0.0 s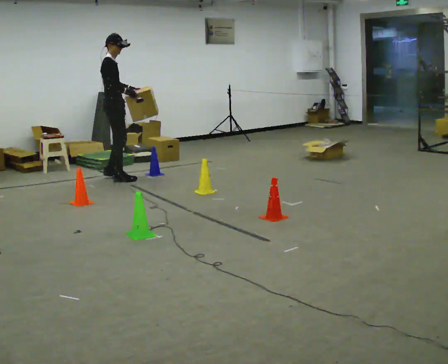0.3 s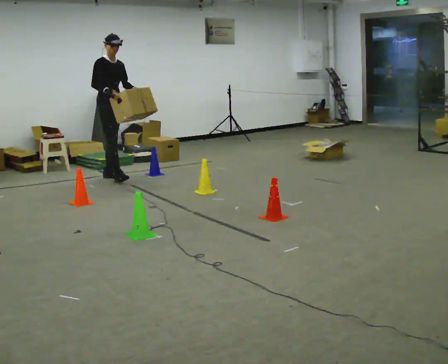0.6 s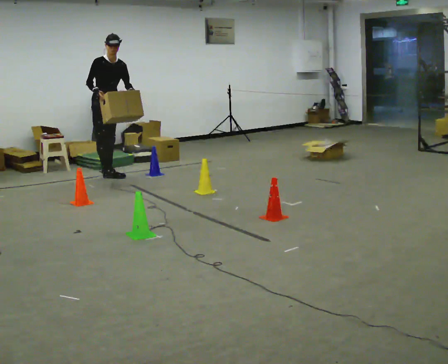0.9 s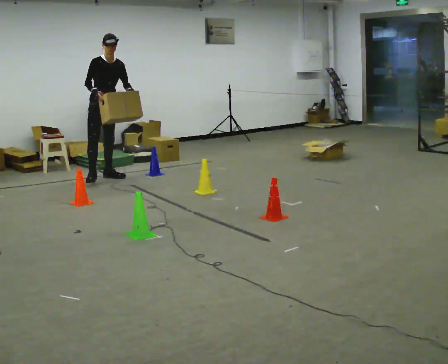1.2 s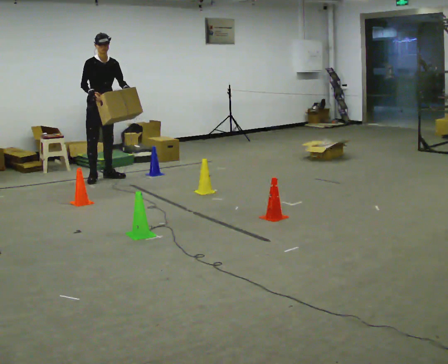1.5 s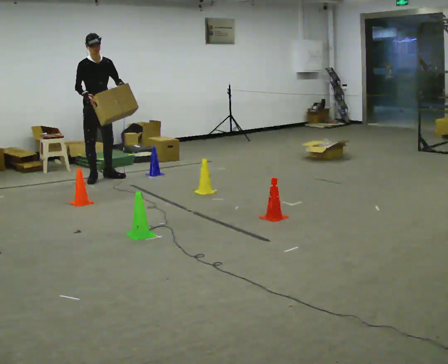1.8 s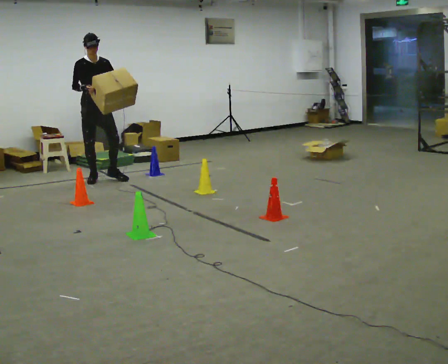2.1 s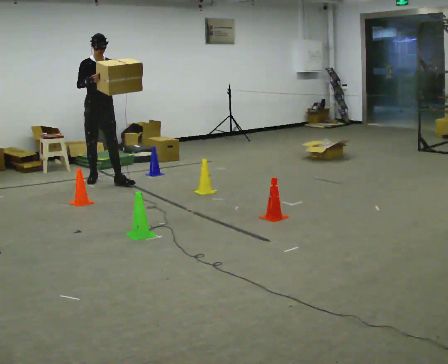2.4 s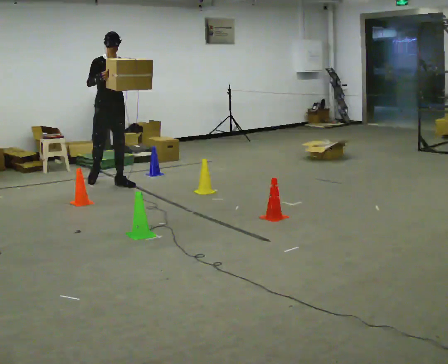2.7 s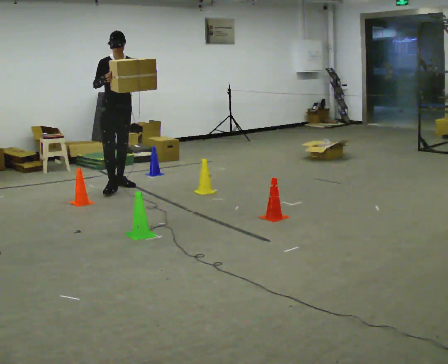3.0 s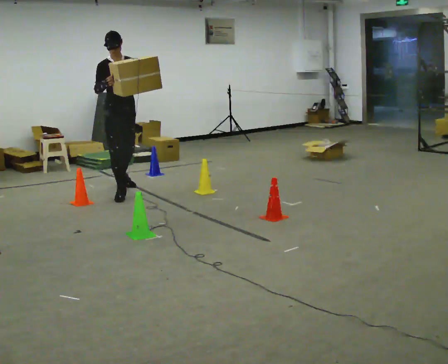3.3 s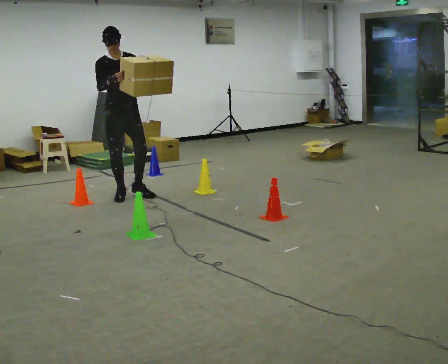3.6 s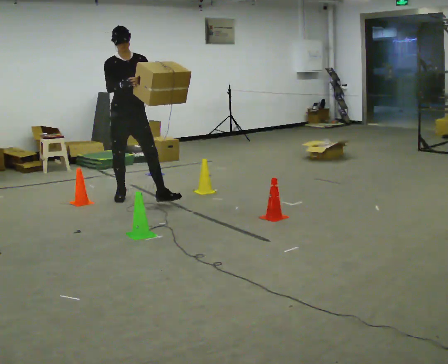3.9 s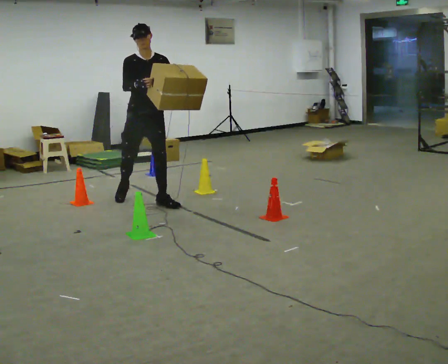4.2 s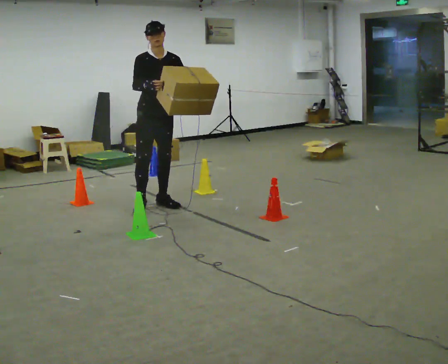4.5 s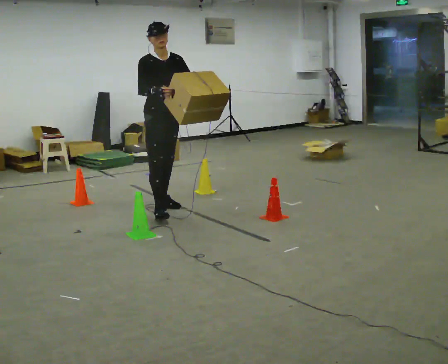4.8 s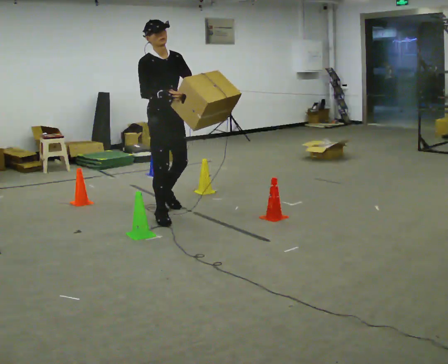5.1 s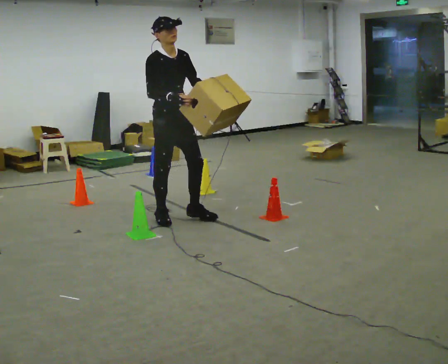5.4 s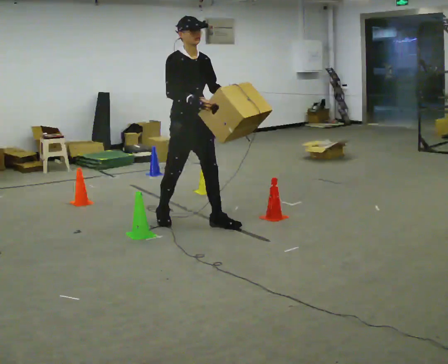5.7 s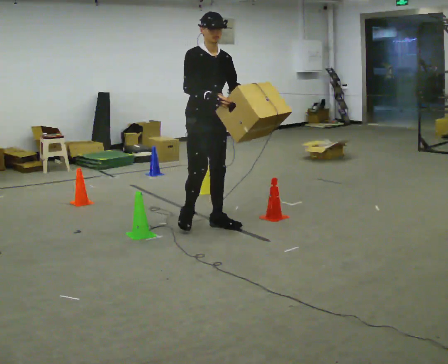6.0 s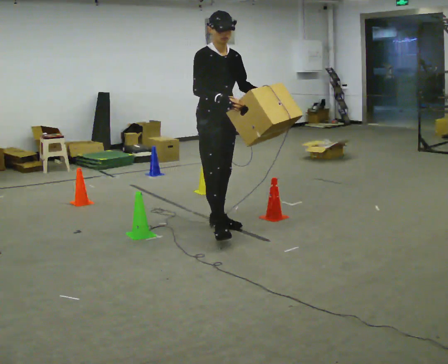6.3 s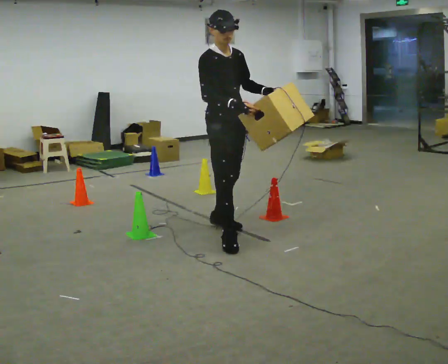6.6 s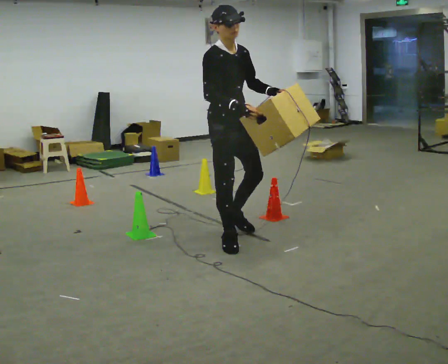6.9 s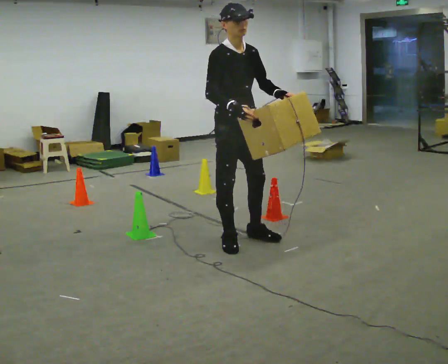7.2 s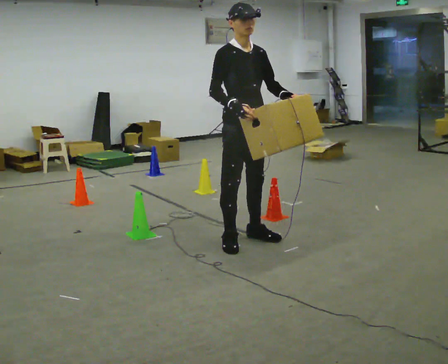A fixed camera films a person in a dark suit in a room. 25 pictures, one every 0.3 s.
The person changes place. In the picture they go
toward the camera.
0.0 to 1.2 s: Seen from above the body turns clockwise, about 60 degrees: to their right, with its near side sliding to the left. In the picture their right hand goes to the left, the arm swinging clockwise.
1.2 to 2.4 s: In the picture they go toward the camera, about 0.5 m in 1 step, which for them is forward.
2.4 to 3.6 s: In the picture they go toward the camera, about 0.5 m in 2 steps, which for them is forward.
3.6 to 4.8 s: The part of the body nearest the lens slides to the right as the person turns to their left by about 30 degrees. In the picture they go toward the camera, about 0.75 m in 1 step, which for them is forward.
4.8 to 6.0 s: In the picture they go toward the camera and to the right, about 0.5 m in 1 step, which for them is forward.
6.0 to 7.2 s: In the picture they go toward the camera, about 0.5 m in 2 steps, which for them is forward.
The film runs forward here.
